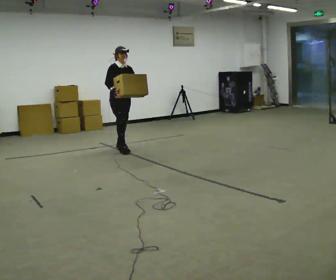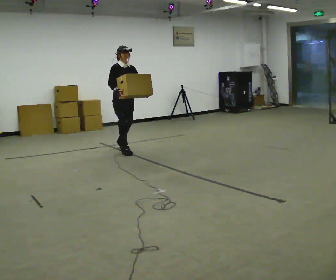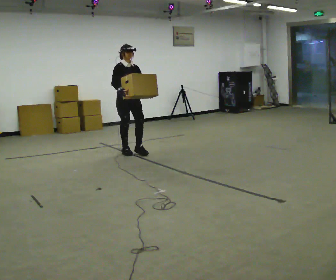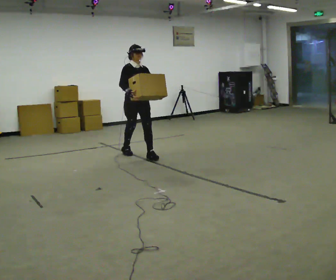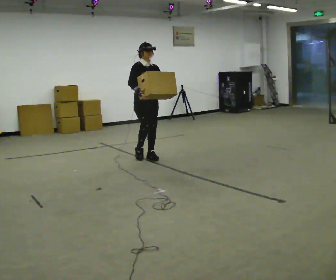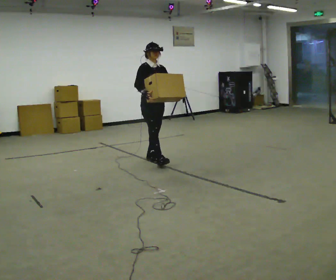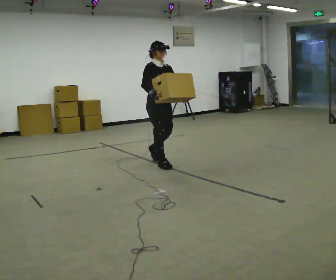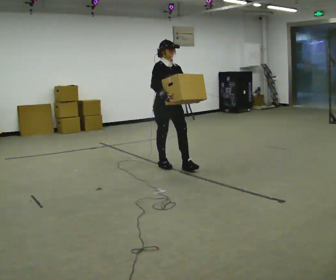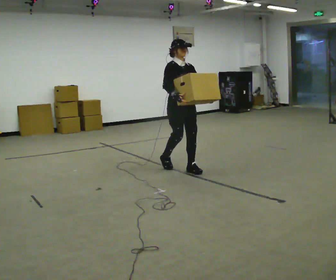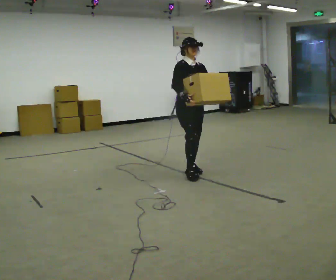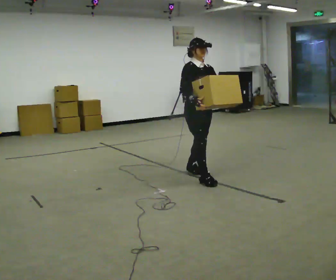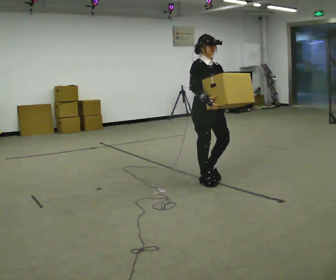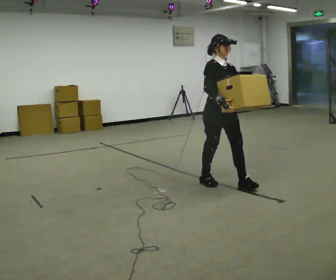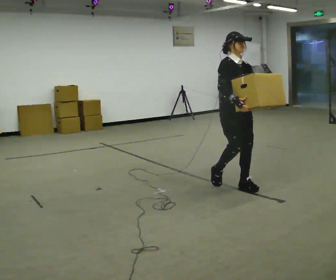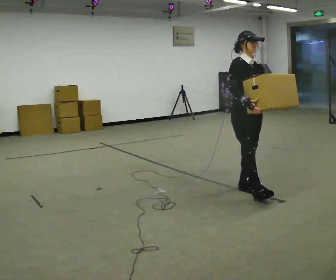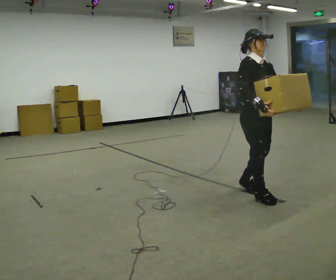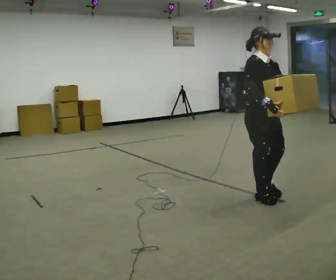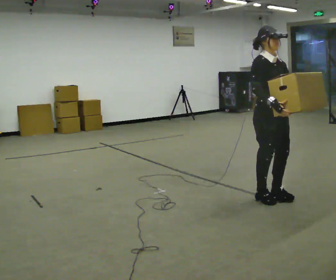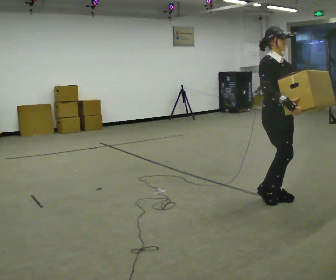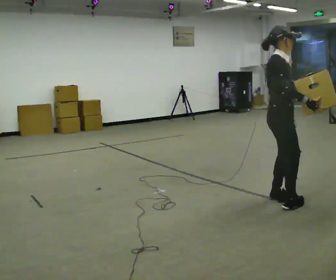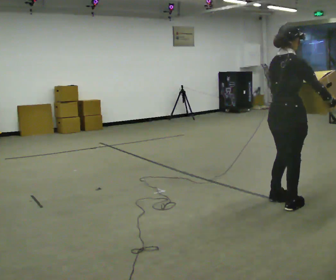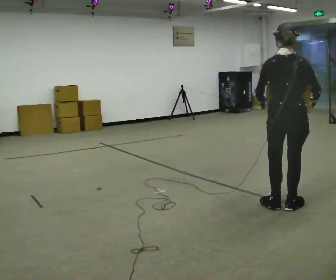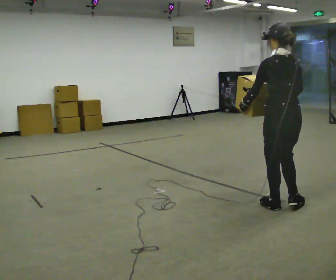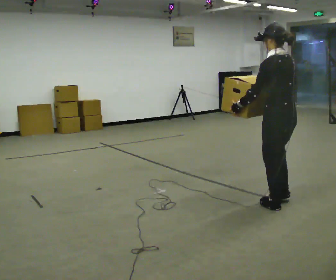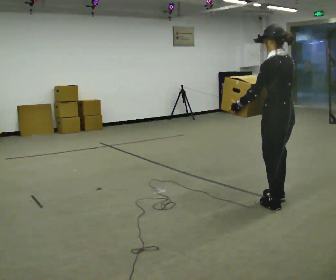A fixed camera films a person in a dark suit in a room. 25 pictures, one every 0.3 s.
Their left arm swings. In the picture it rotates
clockwise.
0.0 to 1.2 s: In the picture they go toward the camera and to the right, about 1 m in 2 steps, which for them is forward.
1.2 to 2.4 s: In the picture they go toward the camera and to the right, about 1 m in 2 steps, which for them is forward.
2.4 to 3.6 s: In the picture they go toward the camera and to the right, about 1 m in 2 steps, which for them is forward.
3.6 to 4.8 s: In the picture they go toward the camera and to the right, about 0.5 m in 1 step, which for them is forward.
4.8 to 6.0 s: The part of the body nearest the lens slides to the right as the person turns to their left by about 75 degrees. In the picture they go toward the camera and to the right, about 0.25 m in 2 steps.
6.0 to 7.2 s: Seen from above the body turns counterclockwise, about 105 degrees: to their left, with its near side sliding to the right. In the picture their right hand goes to the left, the arm swinging clockwise.
The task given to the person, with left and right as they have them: Carry the box across the room, back and forth. The operator will swap between the box with handles and the one without.
The film runs forward here.
